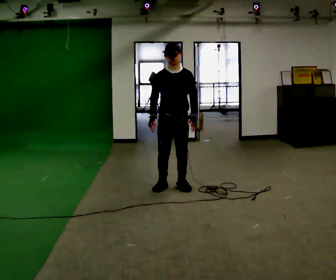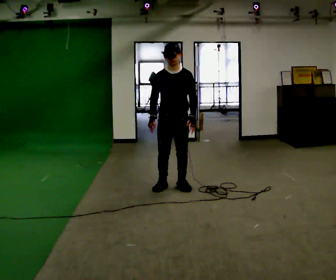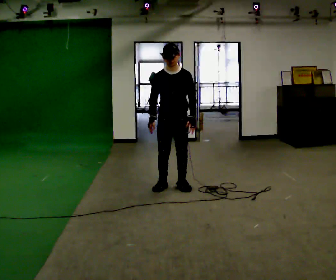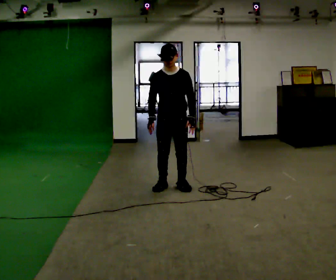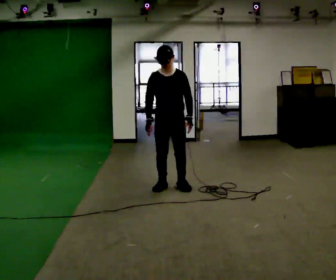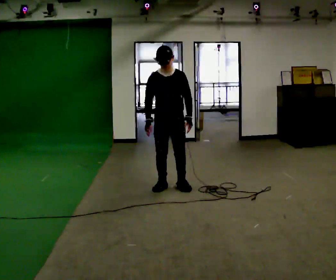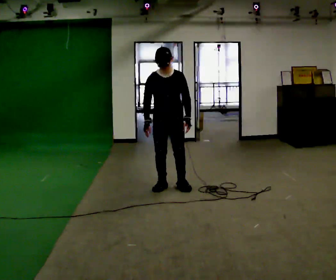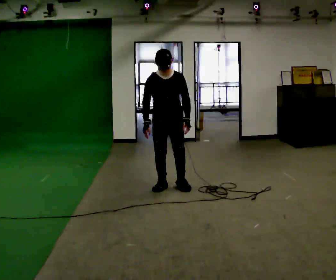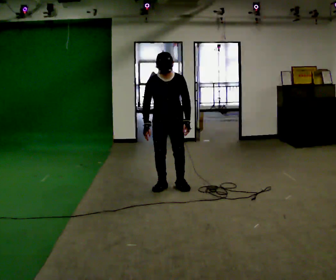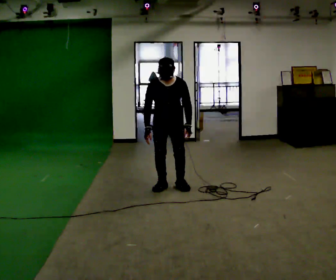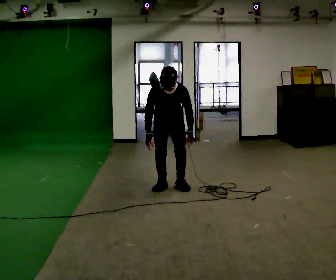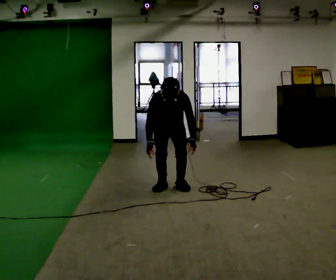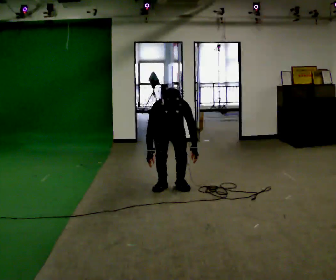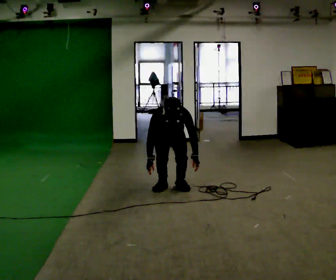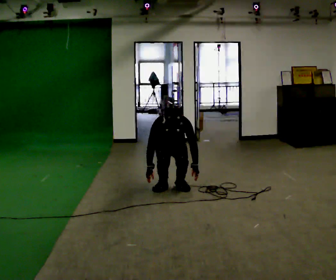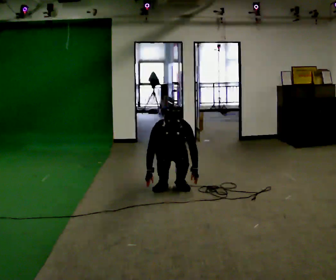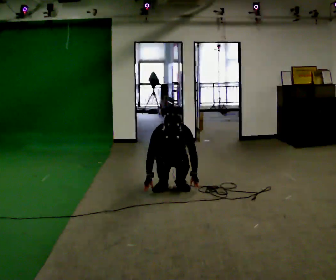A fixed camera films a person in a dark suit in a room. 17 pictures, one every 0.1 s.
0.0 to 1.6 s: The shoulders move downward. In the picture their left hand goes downward.
The film runs forward here.
